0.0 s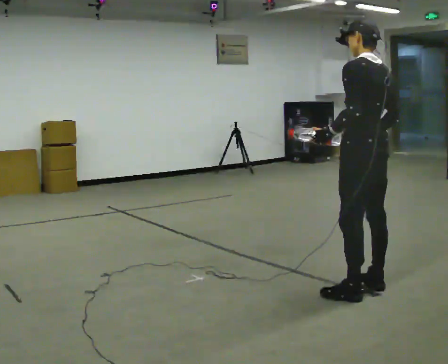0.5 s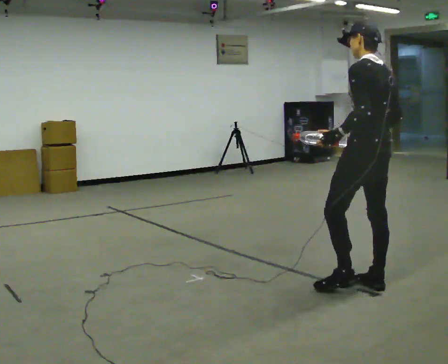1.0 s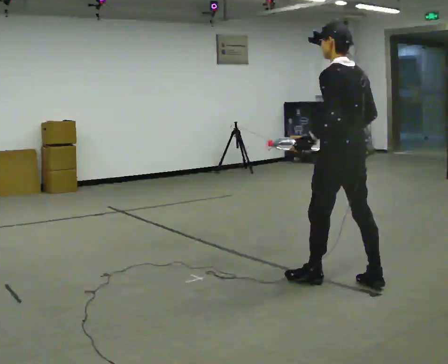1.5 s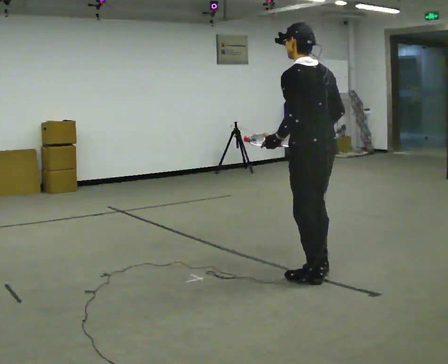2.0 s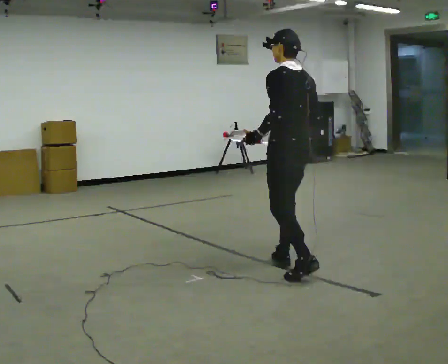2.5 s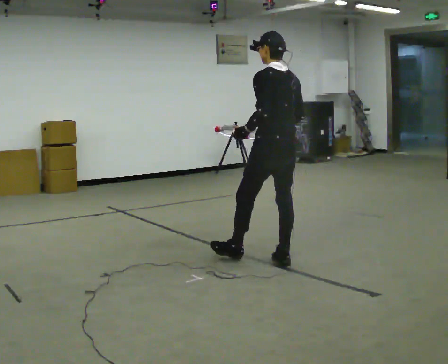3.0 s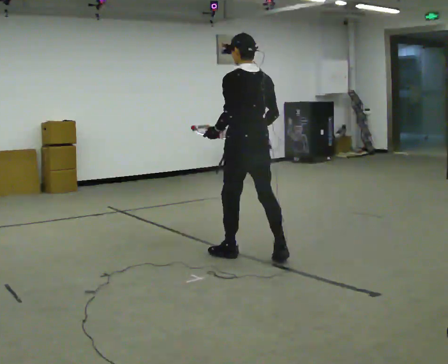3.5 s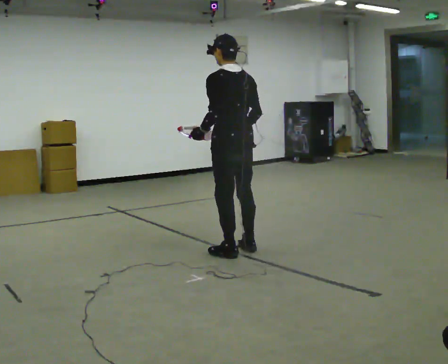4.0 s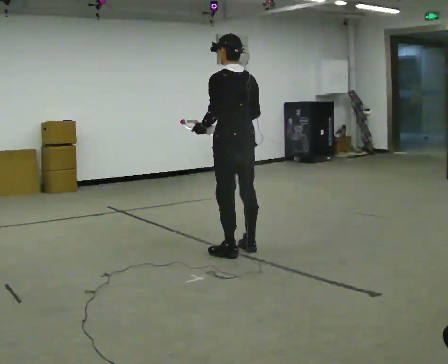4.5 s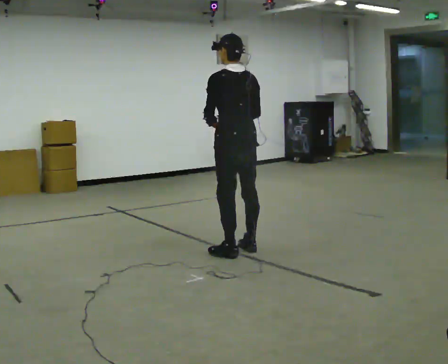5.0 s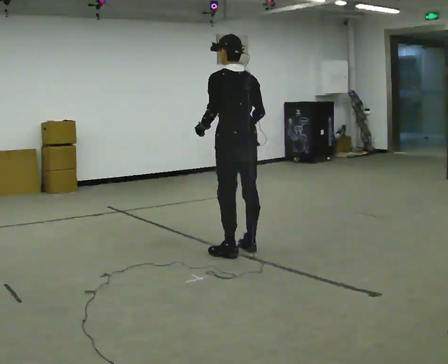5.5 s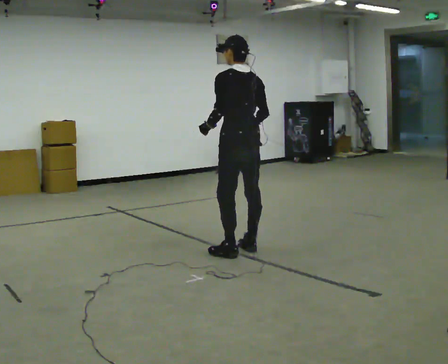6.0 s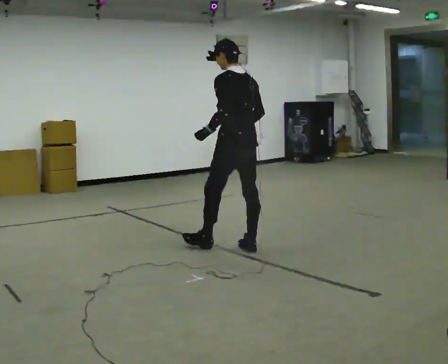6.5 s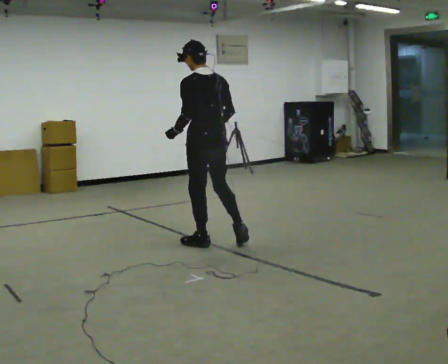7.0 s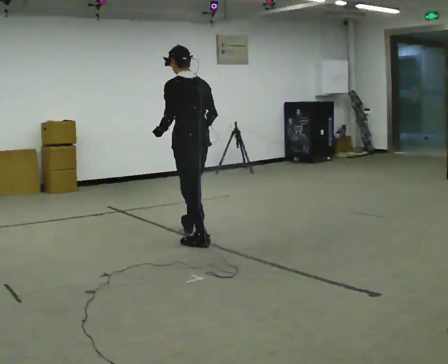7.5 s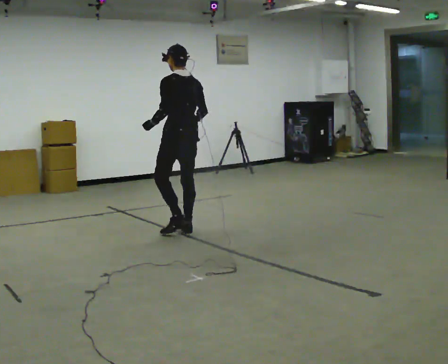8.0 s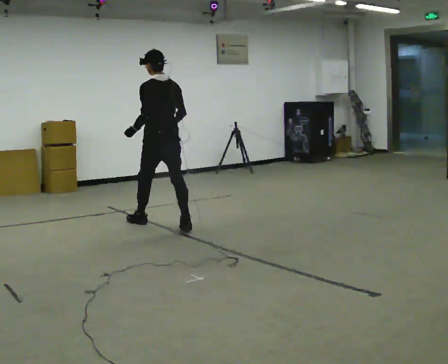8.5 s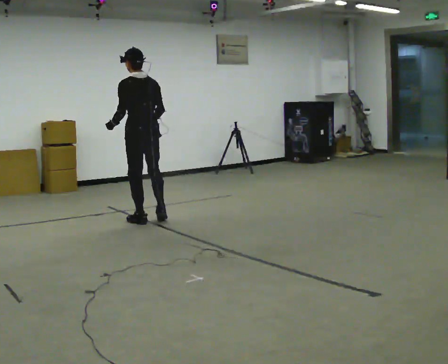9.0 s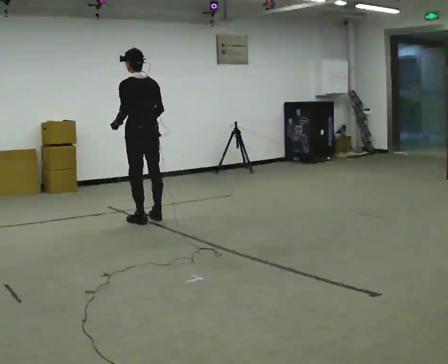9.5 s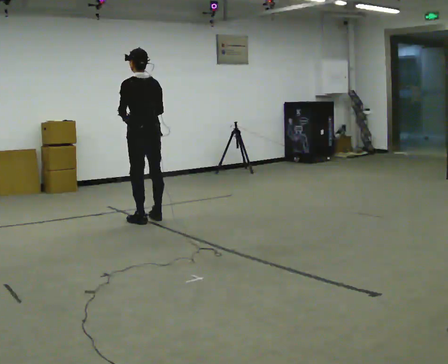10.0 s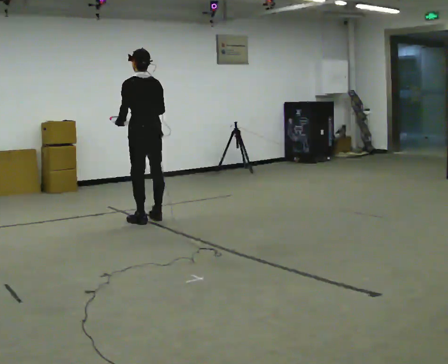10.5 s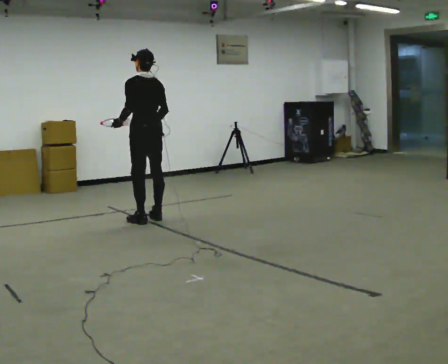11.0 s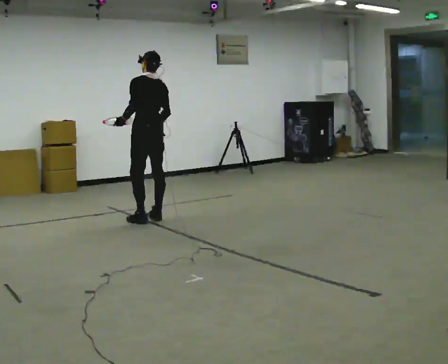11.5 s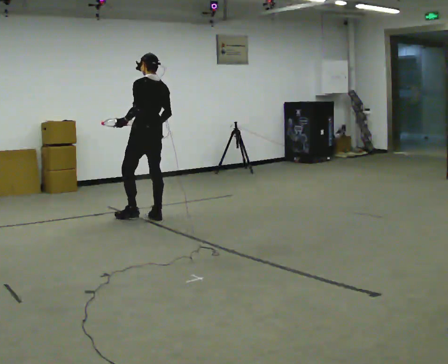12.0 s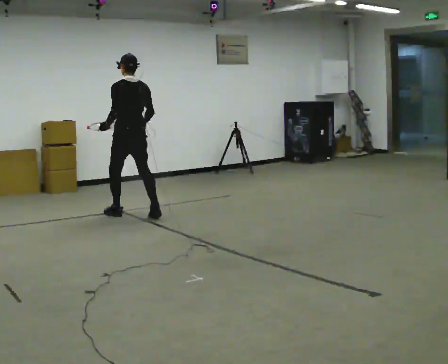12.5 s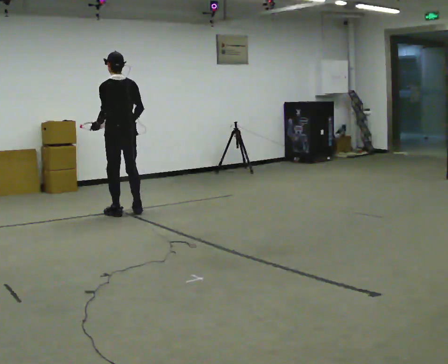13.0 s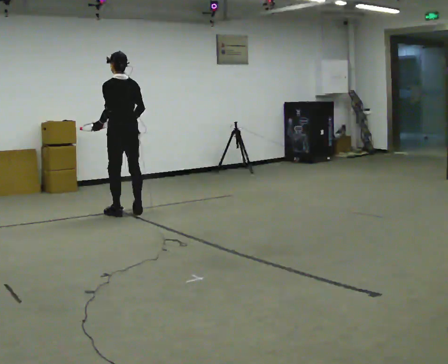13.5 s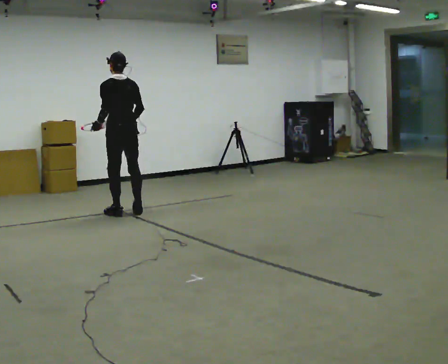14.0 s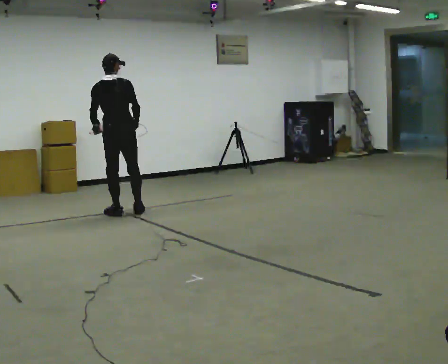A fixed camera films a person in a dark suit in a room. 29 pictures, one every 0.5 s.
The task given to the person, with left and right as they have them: Carry the object in one hand and, while walking, pass it to your other hand. Keep passing it back and forth as you walk.
0.0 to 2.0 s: In the picture they go away from the camera and to the left, about 0.5 m in 2 steps, which for them is forward.
2.0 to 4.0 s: In the picture they go away from the camera and to the left, about 0.5 m in 2 steps, which for them is forward.
4.0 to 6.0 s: In the picture they go away from the camera, about 0.25 m, which for them is forward.
6.0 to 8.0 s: In the picture they go away from the camera and to the left, about 1 m in 3 steps, which for them is forward.
8.0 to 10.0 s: In the picture they go away from the camera, about 0.25 m in 1 step, which for them is forward.
10.0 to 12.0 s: In the picture they go away from the camera and to the left, about 0.25 m in 1 step, which for them is forward.
12.0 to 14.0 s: The person turns about 30 degrees to their right, clockwise seen from above, so the part of the body nearest the lens slides to the left.
The film runs forward here.
